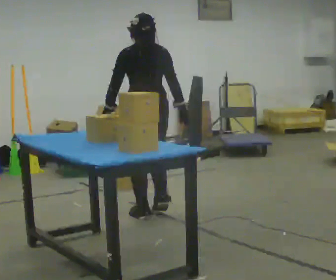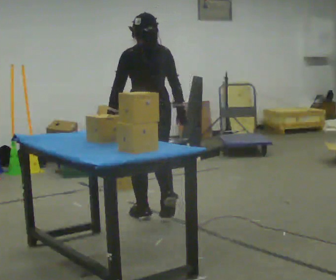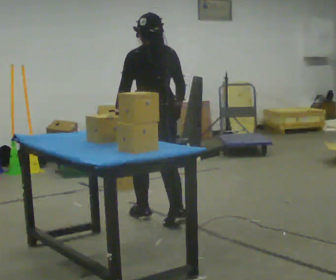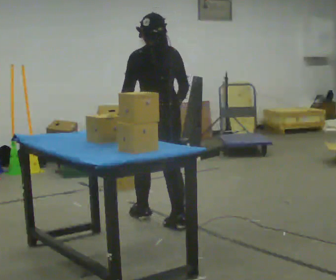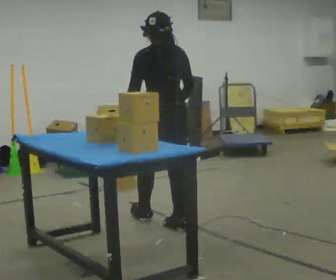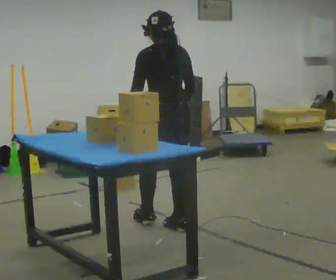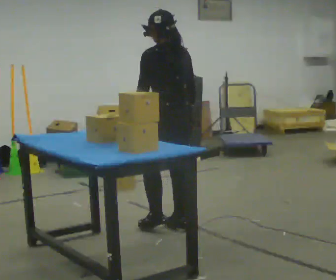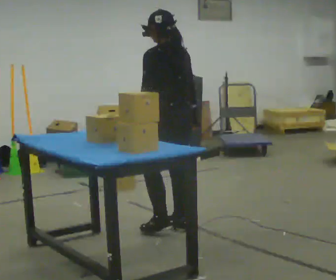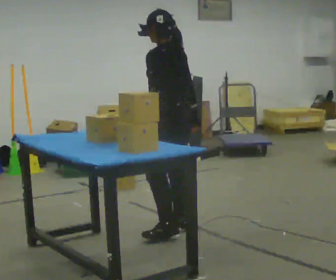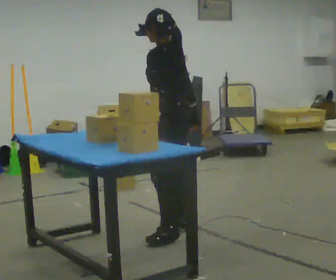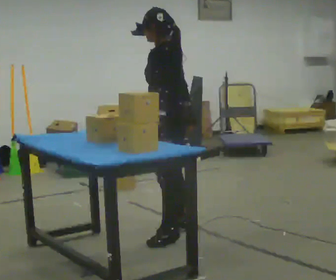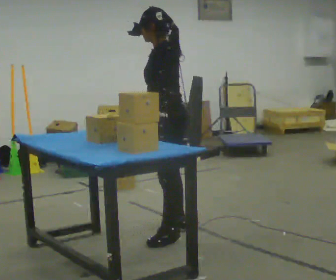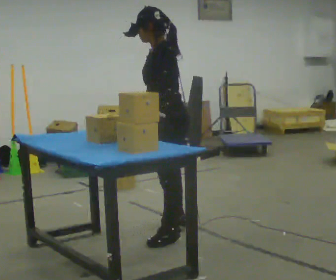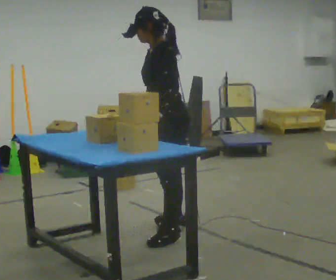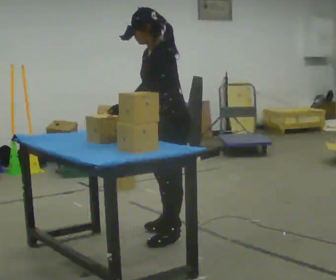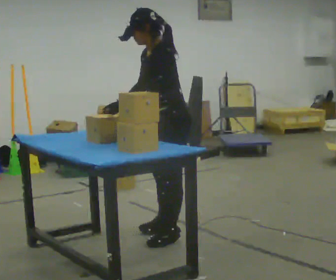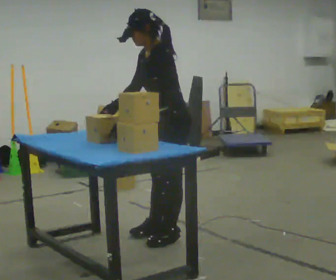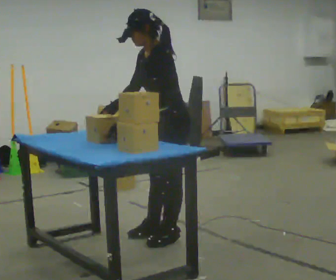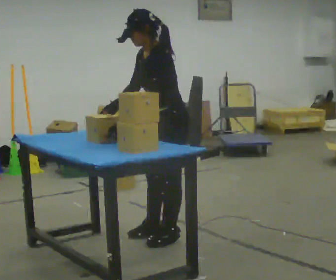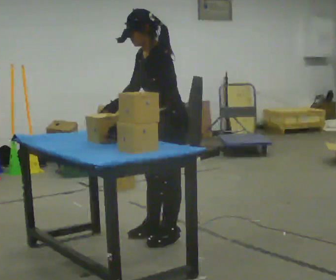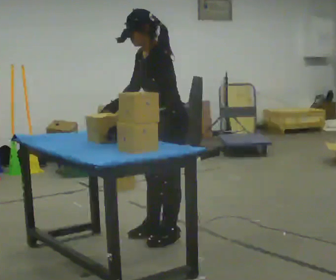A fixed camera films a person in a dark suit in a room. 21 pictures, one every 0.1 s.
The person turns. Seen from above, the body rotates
counterclockwise.
Their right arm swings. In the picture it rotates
clockwise.
0.0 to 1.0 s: The part of the body nearest the lens slides to the right as the person turns to their left by about 60 degrees. In the picture they go toward the camera, about 0.5 m in 1 step, which for them is backward.
1.0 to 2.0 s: Seen from above the body turns counterclockwise, about 30 degrees: to their left, with its near side sliding to the right. In the picture their right hand goes to the left, the arm swinging clockwise.
The film runs backward here.
